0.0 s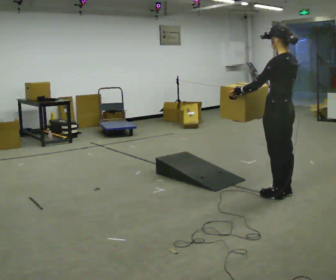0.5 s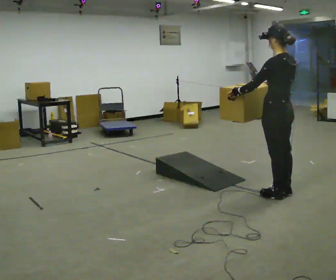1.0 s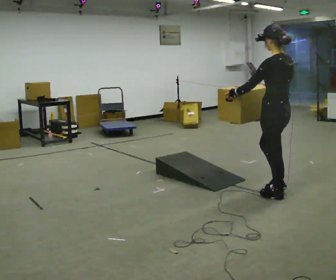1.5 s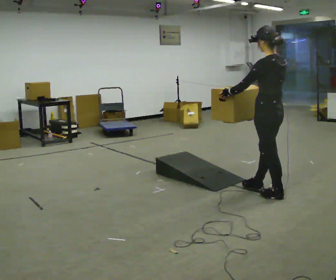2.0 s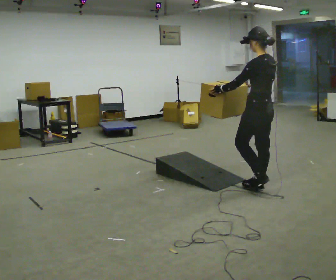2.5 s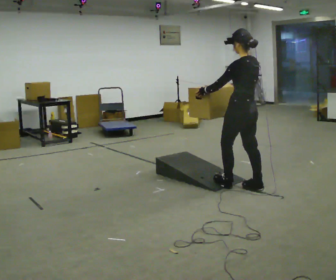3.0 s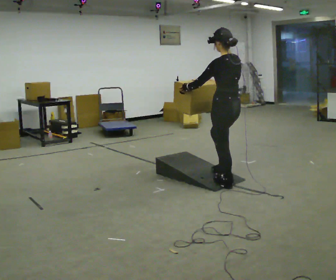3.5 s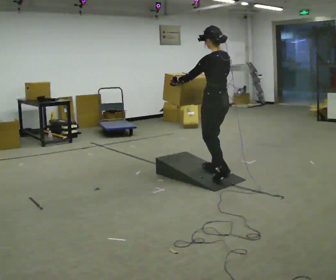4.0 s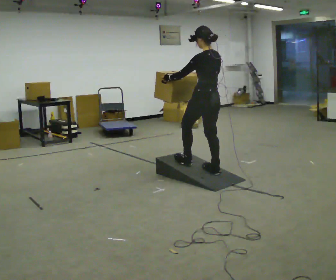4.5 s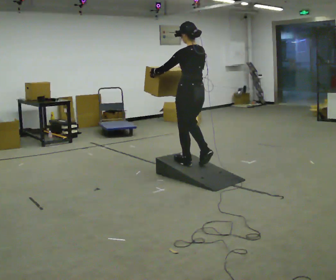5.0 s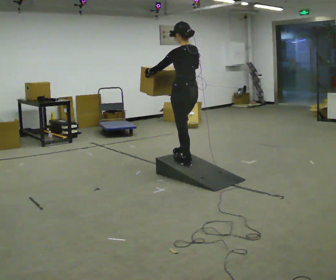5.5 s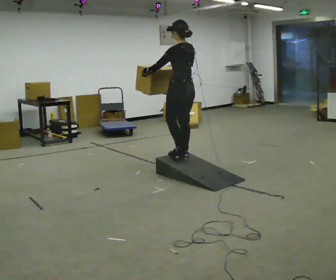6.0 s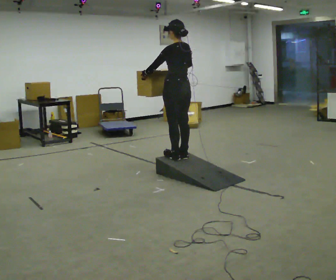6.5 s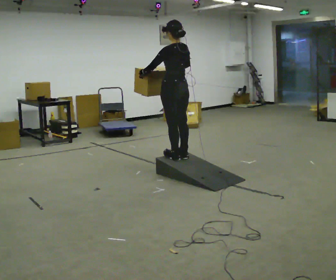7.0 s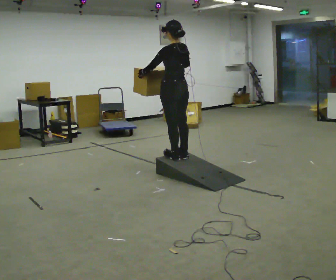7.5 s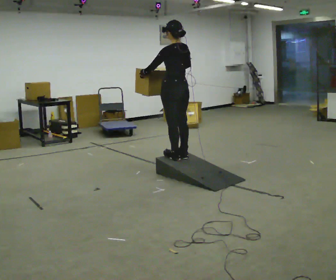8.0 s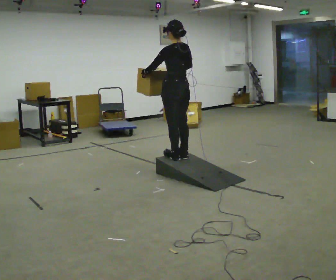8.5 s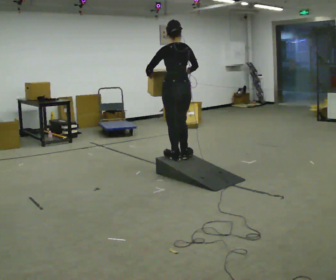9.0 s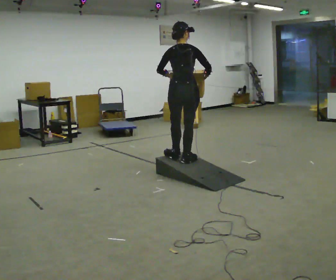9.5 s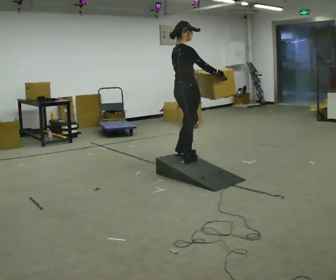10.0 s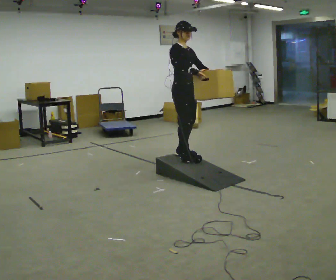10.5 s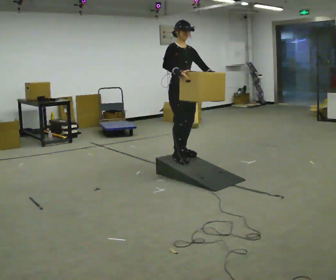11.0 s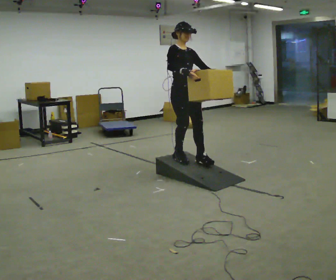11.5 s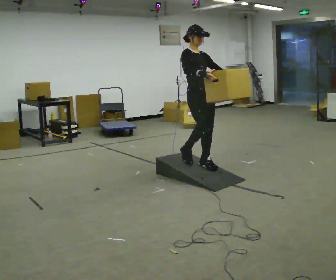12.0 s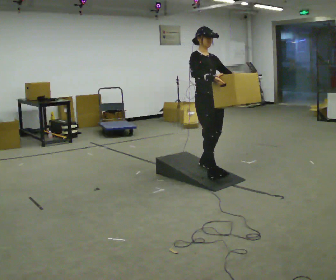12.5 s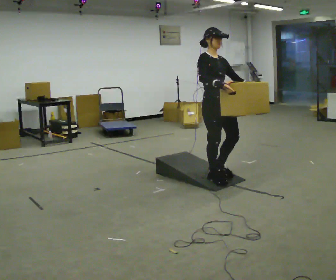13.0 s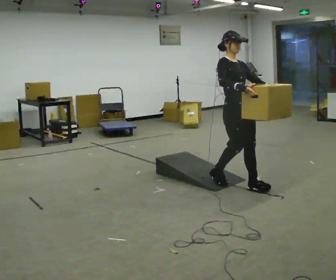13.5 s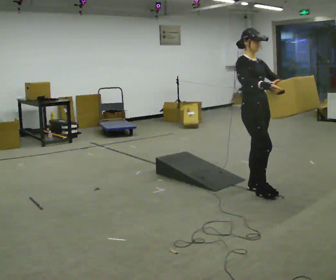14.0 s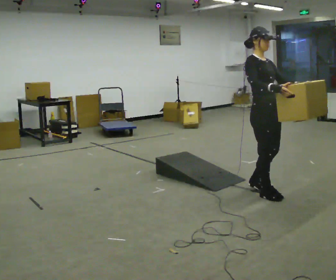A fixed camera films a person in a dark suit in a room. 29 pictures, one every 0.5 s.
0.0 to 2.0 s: In the picture they go away from the camera, about 0.25 m in 1 step, which for them is forward.
2.0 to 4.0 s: In the picture they go away from the camera and to the left, about 0.5 m in 2 steps, which for them is forward.
4.0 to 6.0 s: In the picture they go away from the camera and to the left, about 0.5 m in 3 steps, which for them is forward.
6.0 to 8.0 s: The person moves a little, or ends about where they began.
8.0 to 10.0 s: The person turns about 165 degrees to their right, clockwise seen from above, so the part of the body nearest the lens slides to the left.
10.0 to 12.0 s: In the picture they go toward the camera and to the right, about 0.5 m in 3 steps, which for them is forward.
12.0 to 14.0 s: In the picture they go toward the camera and to the right, about 1 m in 2 steps, which for them is forward.
The film runs forward here.
